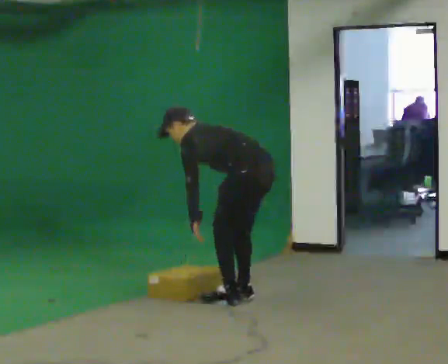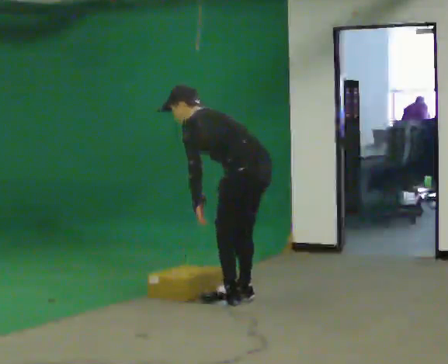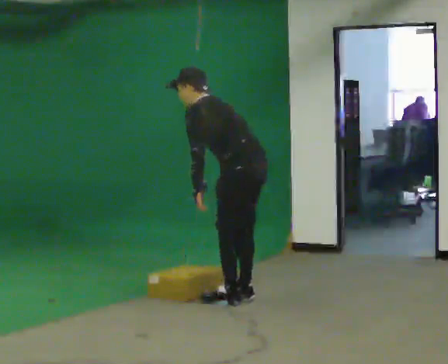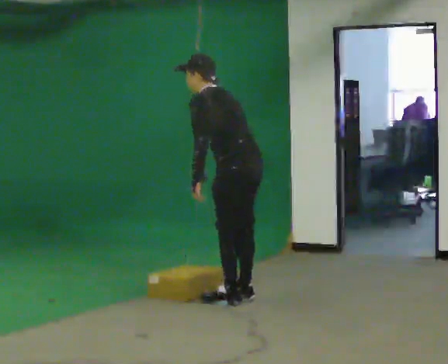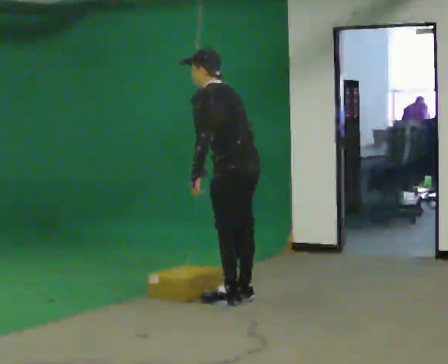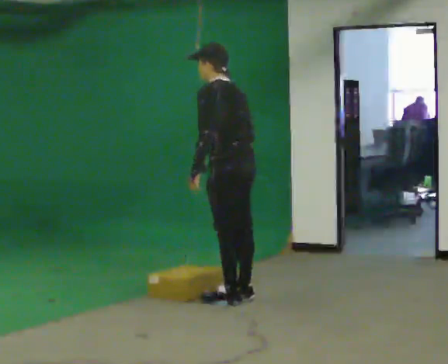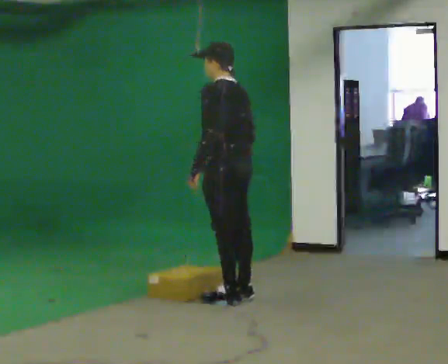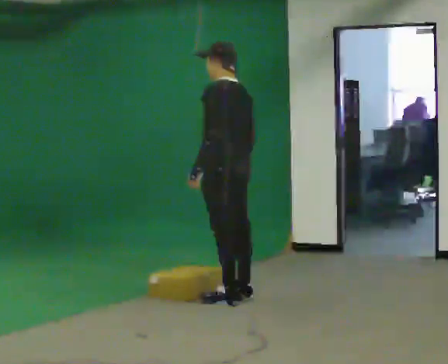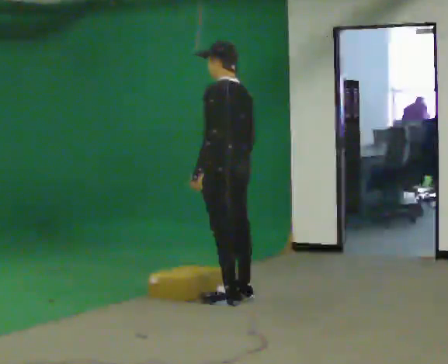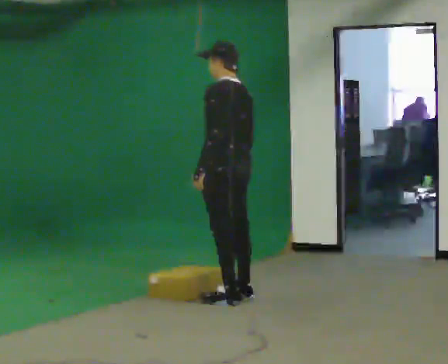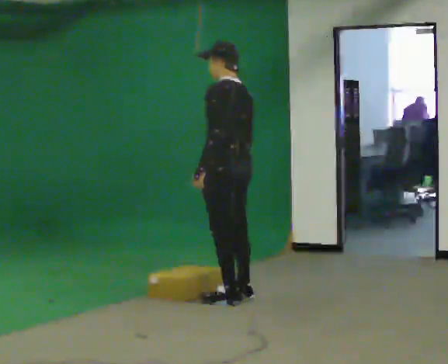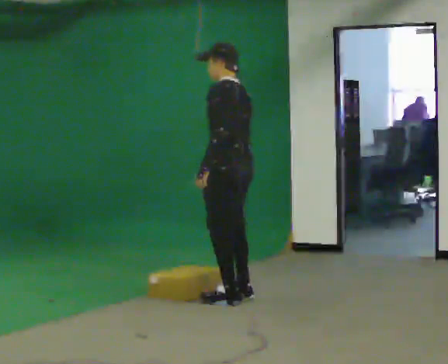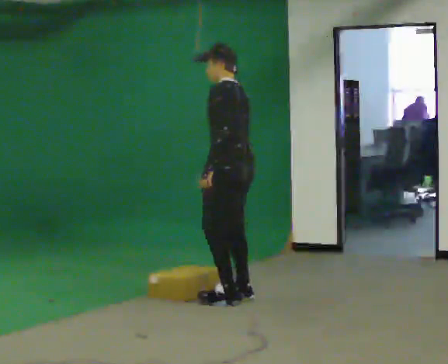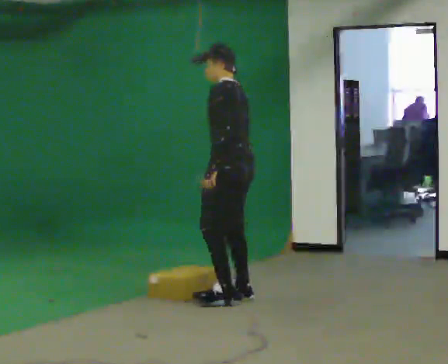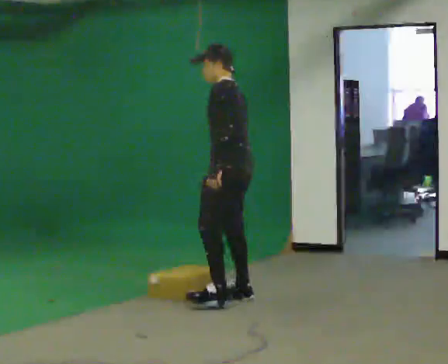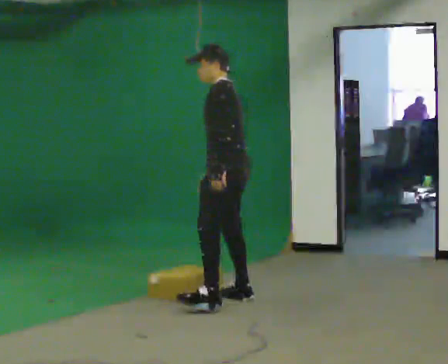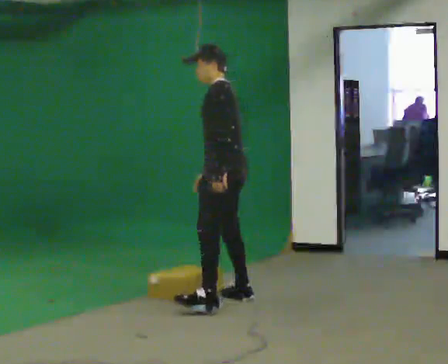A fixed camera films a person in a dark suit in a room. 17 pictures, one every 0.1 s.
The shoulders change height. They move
upward.
The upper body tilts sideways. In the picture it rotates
clockwise.
0.0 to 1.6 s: In the picture they go to the left, about 0.25 m in 1 step, which for them is forward. The upper body goes upward. In the picture the upper body tilts clockwise, shoulders to the right, as they lean back or straighten.
The film runs forward here.
